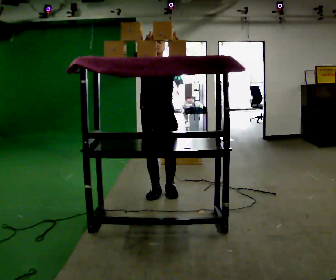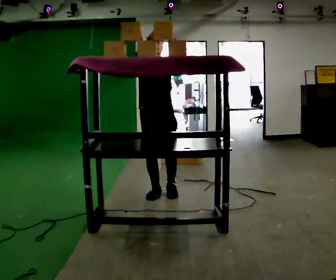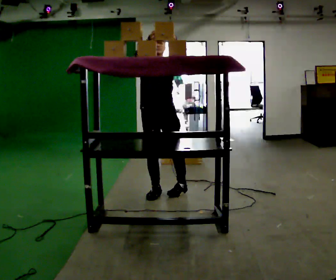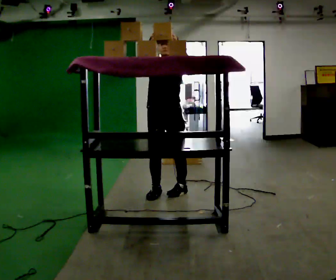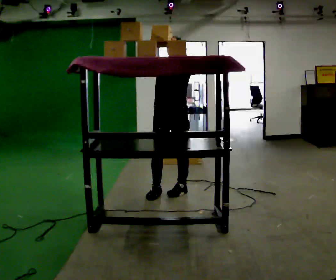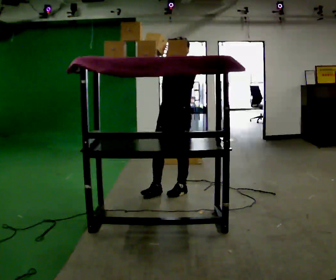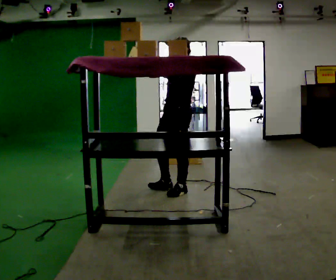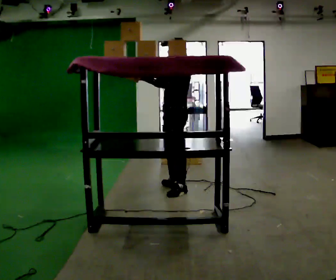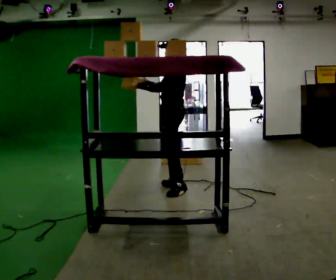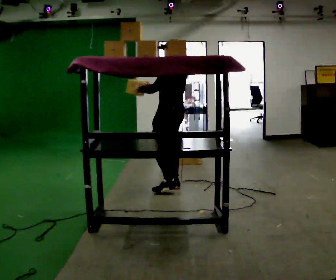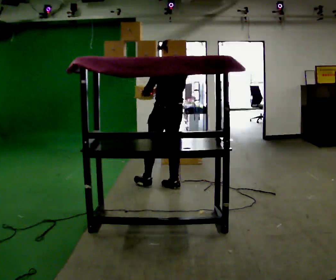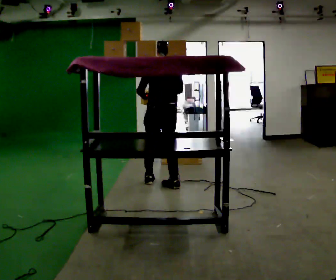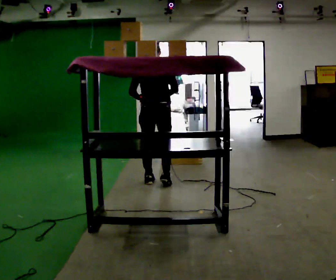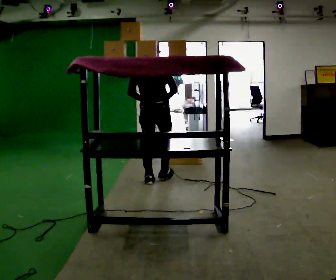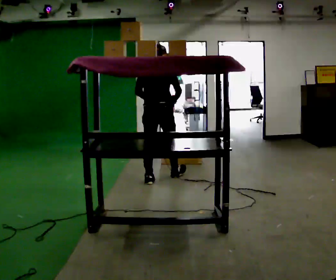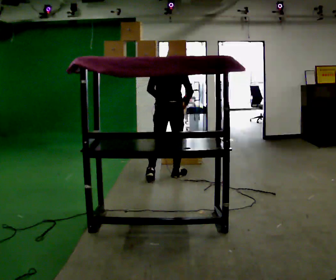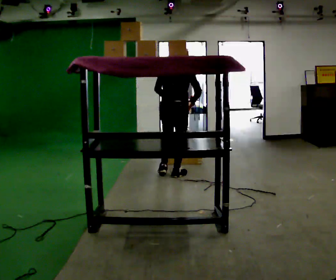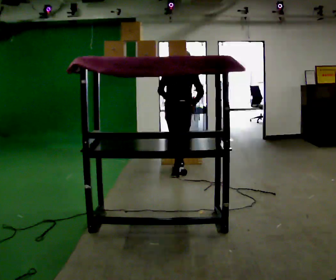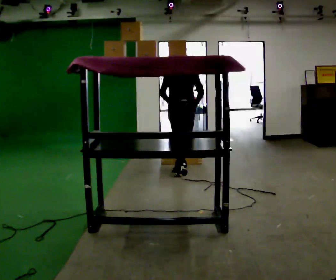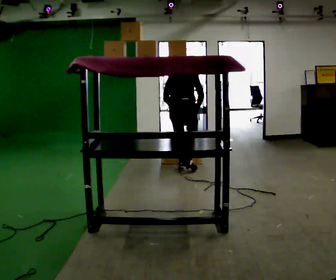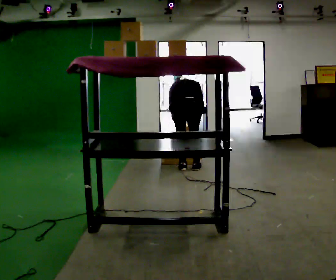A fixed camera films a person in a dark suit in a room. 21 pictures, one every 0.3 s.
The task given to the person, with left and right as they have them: Take an object from the highest shelf you can comfortably reach, carry it across, and place it on the lowest shelf. Keep going until the operator says stop; one object at a time, and do not rush between trips.
0.0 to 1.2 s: In the picture they go to the right, about 0.25 m in 1 step, which for them is to their left.
1.2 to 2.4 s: Seen from above the body turns clockwise, about 90 degrees: to their right, with its near side sliding to the left. In the picture they go away from the camera, about 0.25 m in 1 step. In the picture their left hand goes to the left and downward.
2.4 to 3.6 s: The person turns about 75 degrees to their right, clockwise seen from above, so the part of the body nearest the lens slides to the left. In the picture they go away from the camera and to the left, about 0.25 m in 1 step.
3.6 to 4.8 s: In the picture they go away from the camera and to the right, about 0.5 m in 1 step, which for them is forward.
4.8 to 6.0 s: In the picture they go away from the camera and to the right, about 0.25 m in 2 steps, which for them is forward. The shoulders move downward. The upper body tips away from the camera, its near side rolling upward, as they bend forward. In the picture their left hand goes downward.
The film runs forward here.
